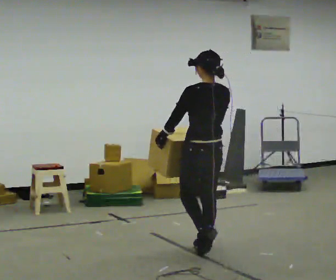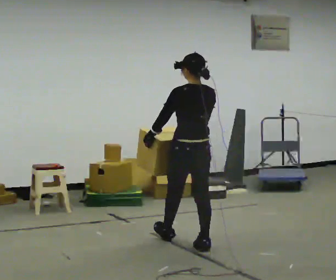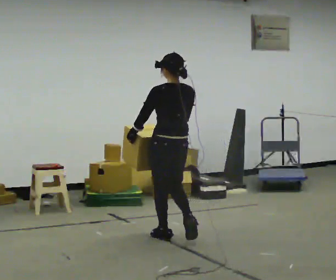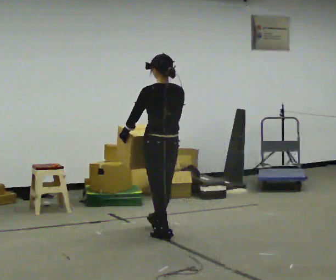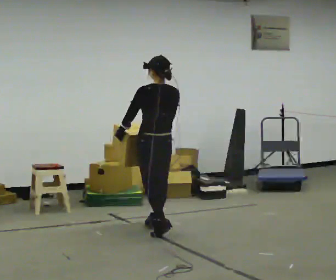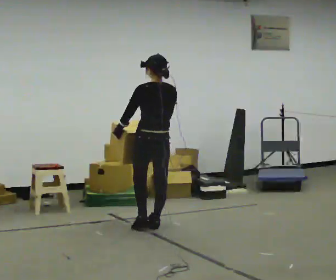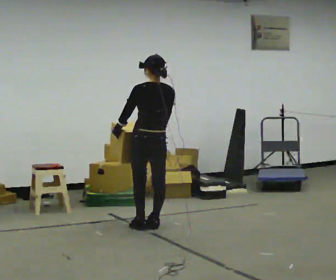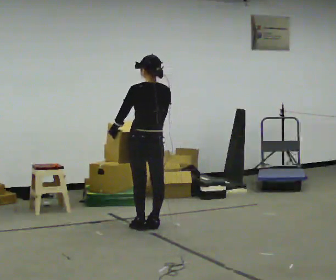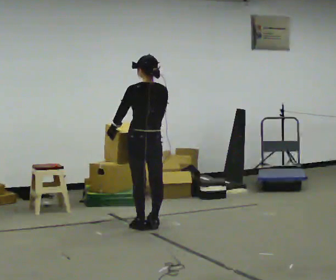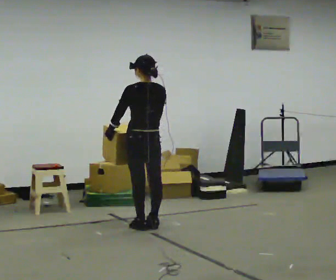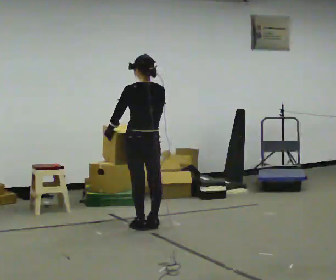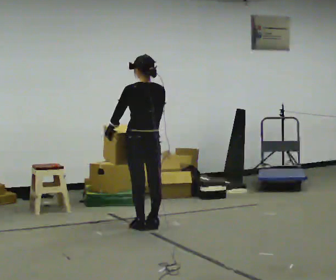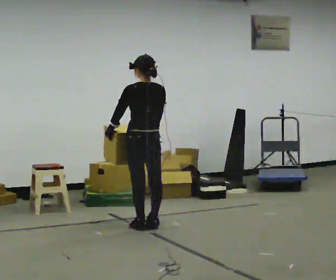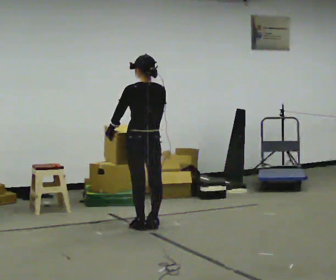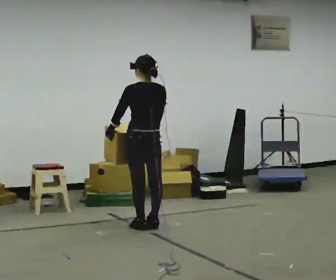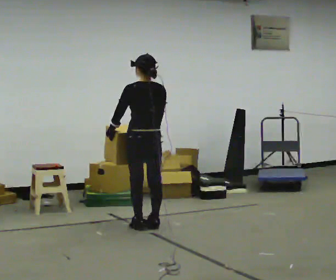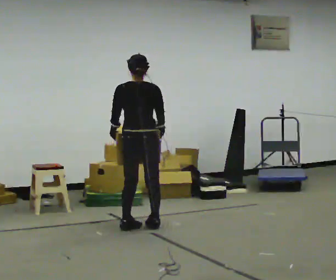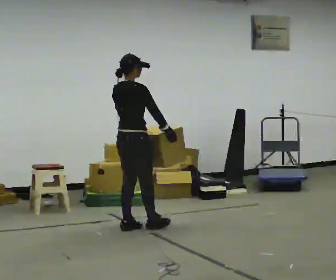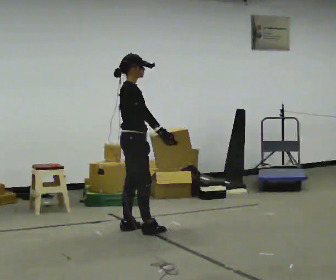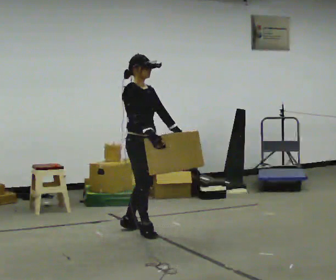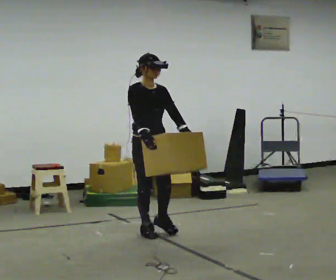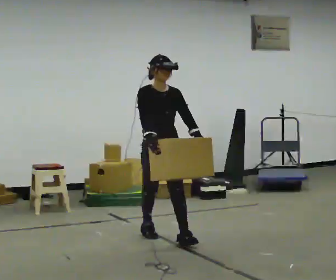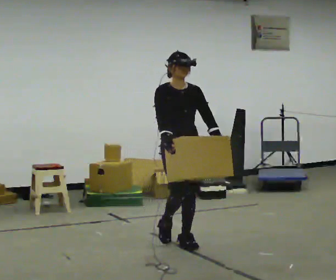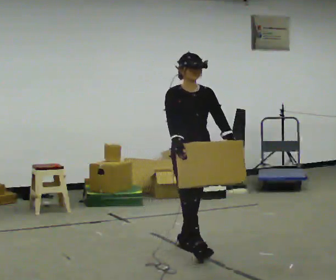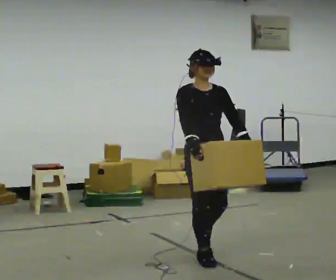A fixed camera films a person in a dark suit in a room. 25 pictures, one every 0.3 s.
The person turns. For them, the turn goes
to their right.
Their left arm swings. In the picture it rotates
counterclockwise.
0.0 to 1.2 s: In the picture they go away from the camera and to the left, about 1 m in 2 steps, which for them is forward.
1.2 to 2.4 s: The person moves a little, or ends about where they began.
2.4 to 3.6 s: The person keeps their place and pose.
3.6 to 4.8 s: Seen from above the body turns clockwise, about 30 degrees: to their right, with its near side sliding to the left.
4.8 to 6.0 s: Seen from above the body turns clockwise, about 135 degrees: to their right, with its near side sliding to the left. In the picture they go toward the camera, about 0.25 m in 1 step.
6.0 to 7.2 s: In the picture they go toward the camera and to the right, about 1 m in 2 steps, which for them is forward.
The film runs forward here.
